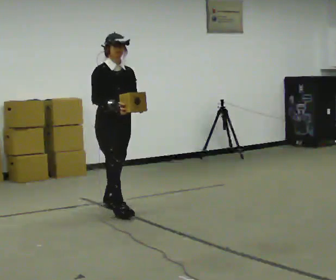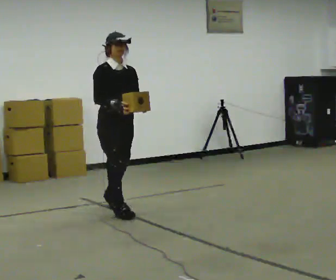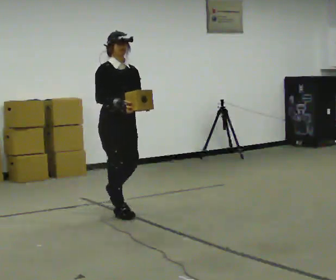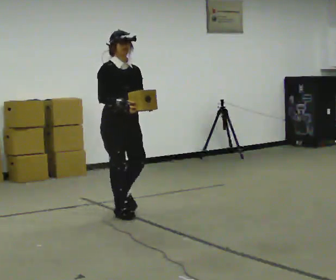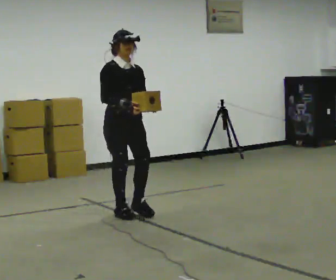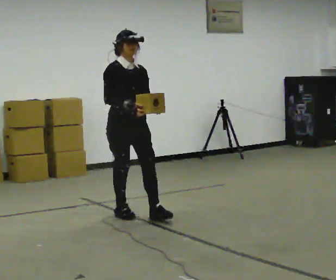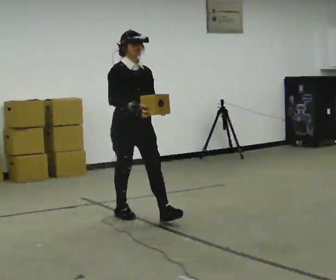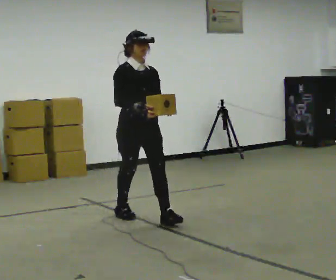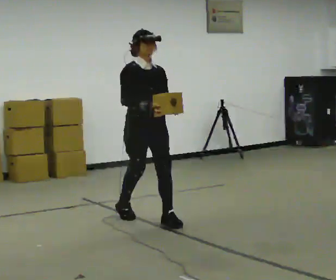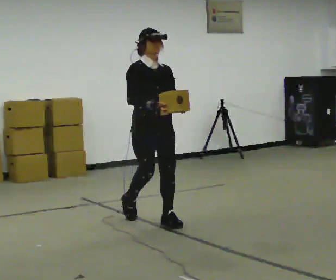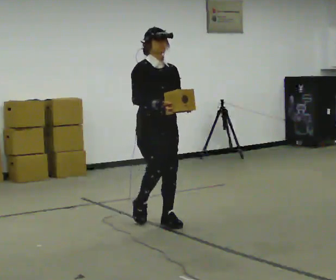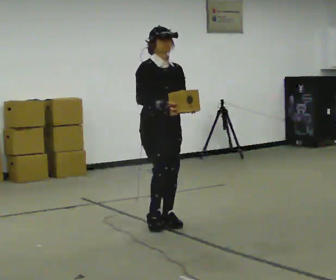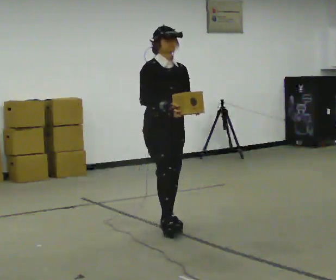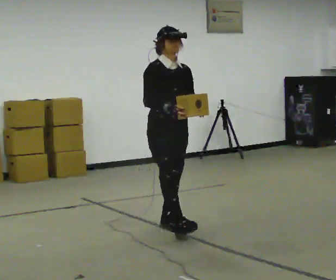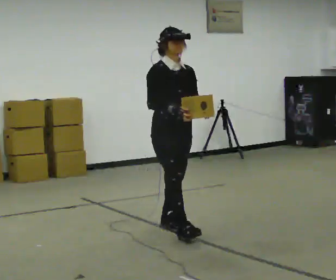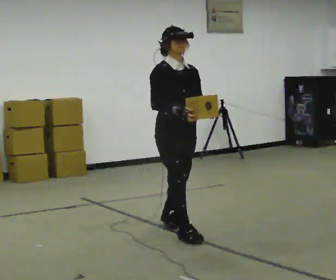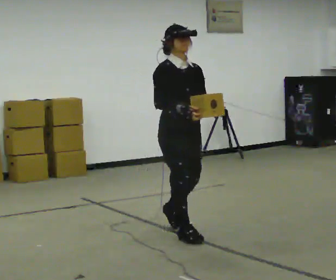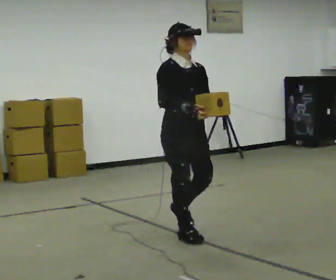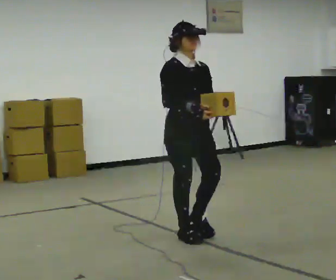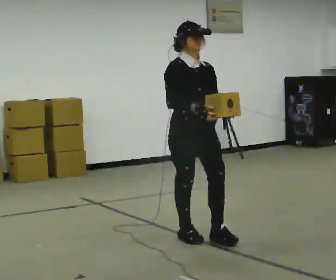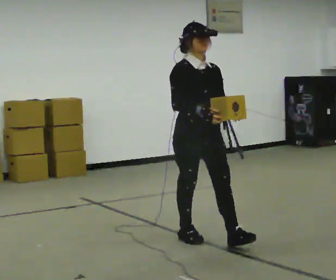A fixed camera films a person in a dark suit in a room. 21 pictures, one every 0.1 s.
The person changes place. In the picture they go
toward the camera.
0.0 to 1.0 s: In the picture they go toward the camera and to the right, about 0.75 m in 1 step, which for them is forward.
1.0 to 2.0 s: In the picture they go toward the camera and to the right, about 0.75 m in 1 step, which for them is forward.
The film runs forward here.
